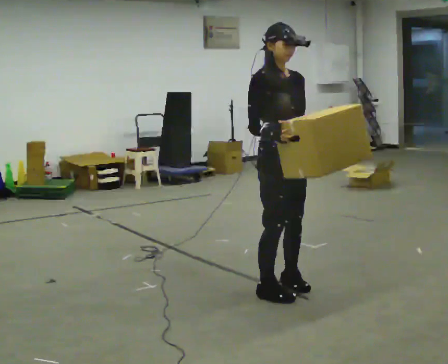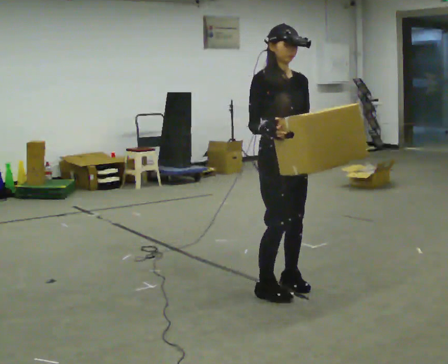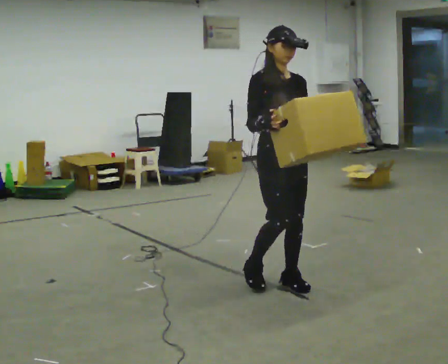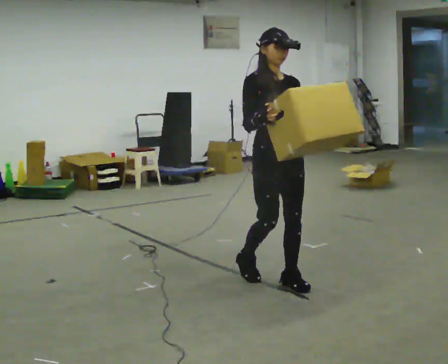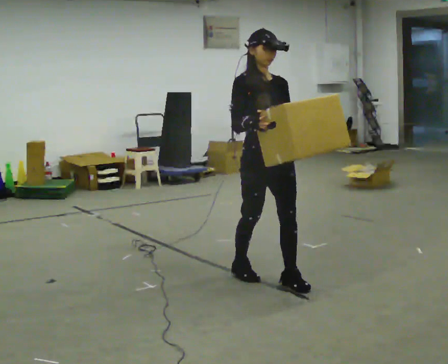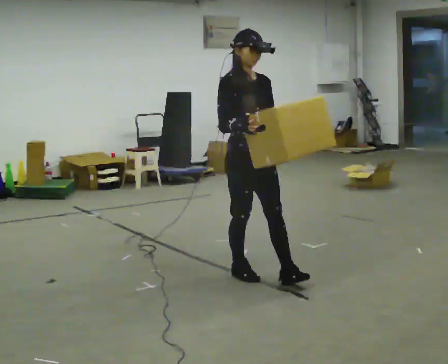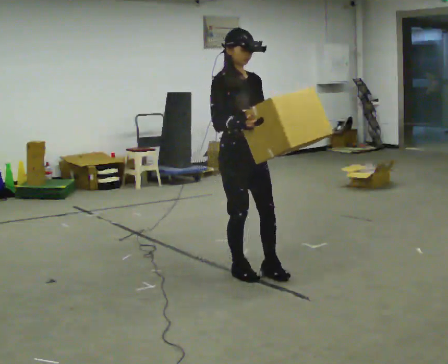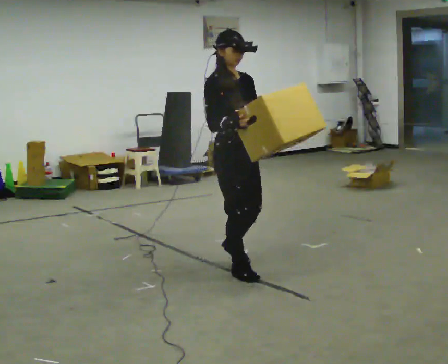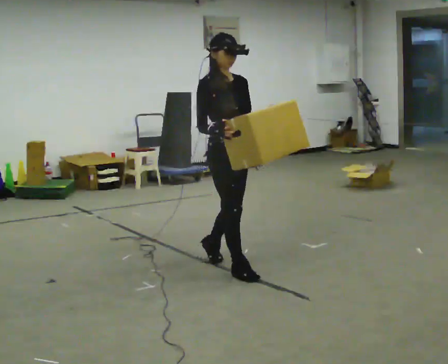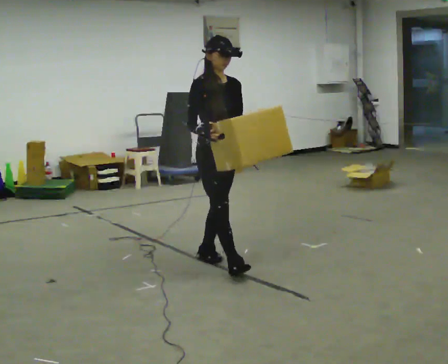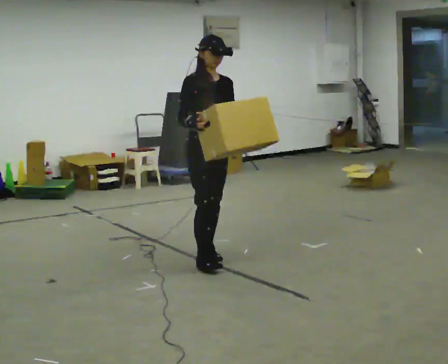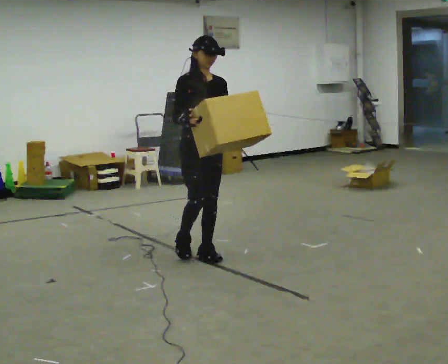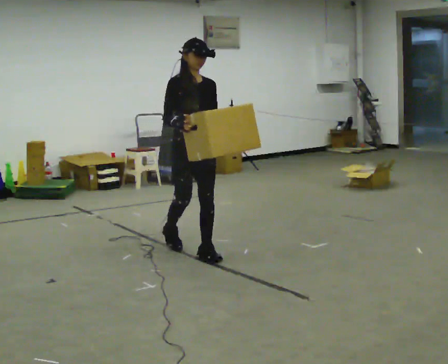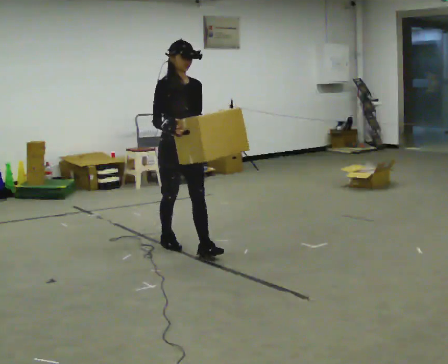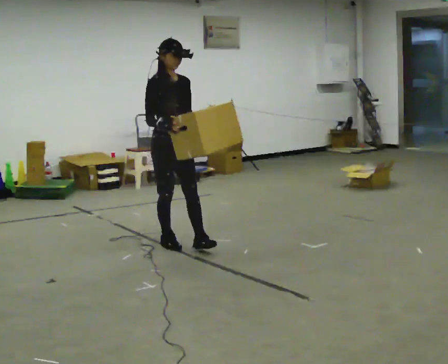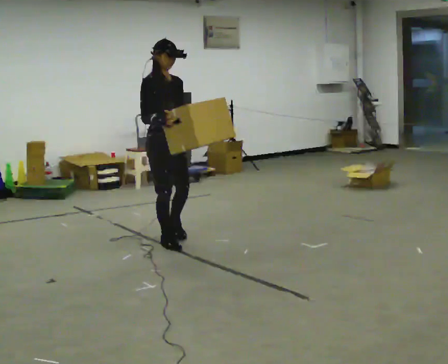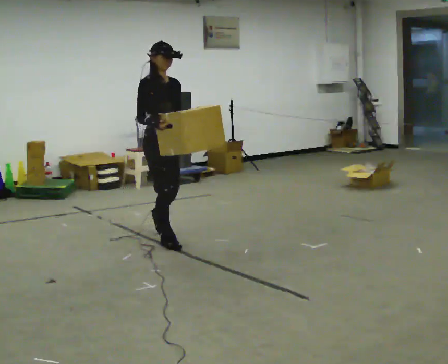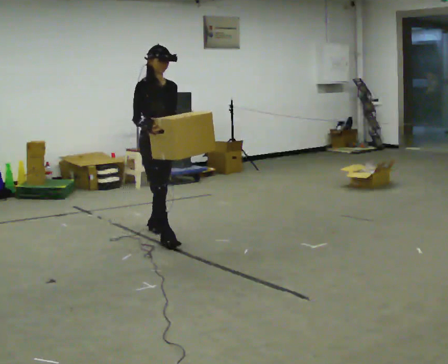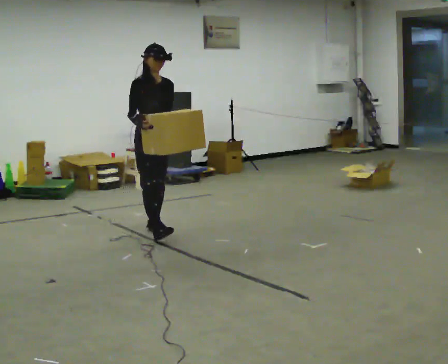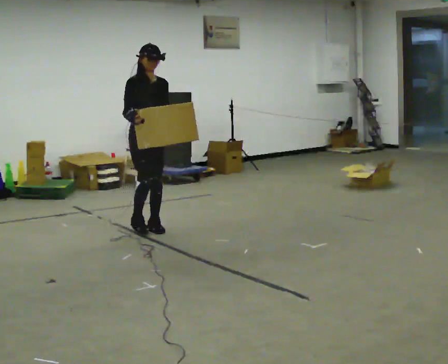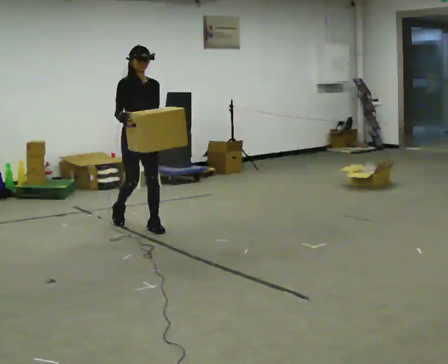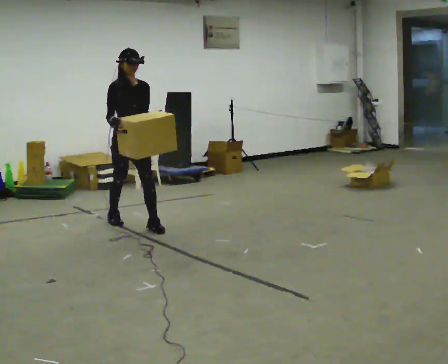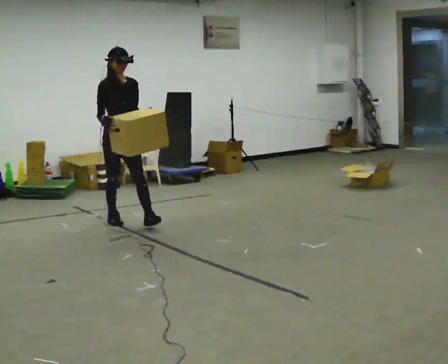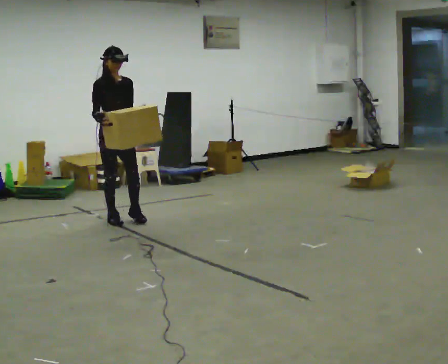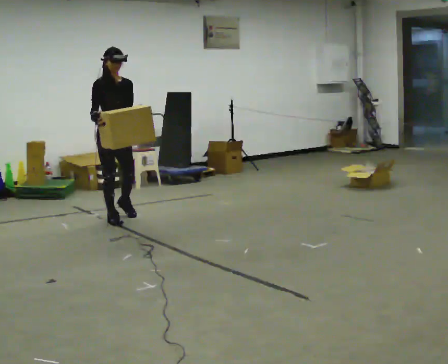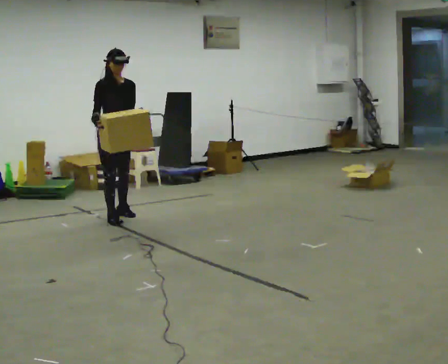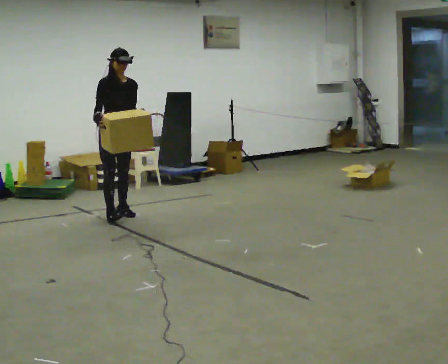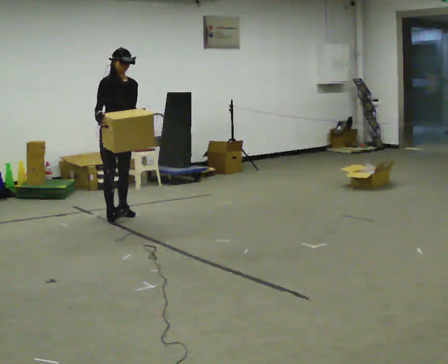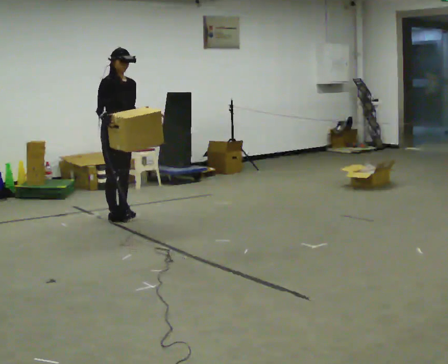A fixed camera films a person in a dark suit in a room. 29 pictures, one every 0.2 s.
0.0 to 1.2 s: In the picture they go away from the camera and to the left, about 0.5 m in 2 steps, which for them is backward.
1.2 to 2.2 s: In the picture they go away from the camera, about 0.5 m in 1 step, which for them is backward.
2.2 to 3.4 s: In the picture they go away from the camera and to the left, about 0.5 m in 1 step, which for them is backward.
3.4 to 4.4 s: In the picture they go away from the camera and to the left, about 0.5 m in 2 steps, which for them is backward.
4.4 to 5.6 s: In the picture they go away from the camera, about 0.5 m, which for them is backward.
The film runs backward here.
